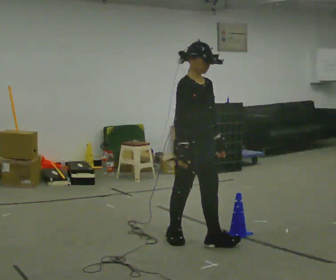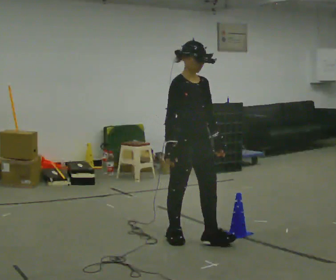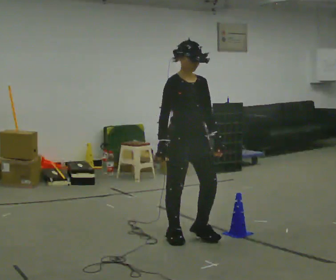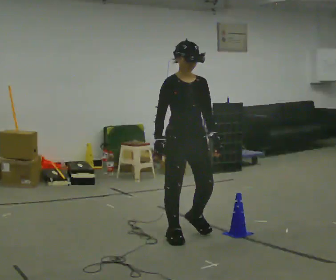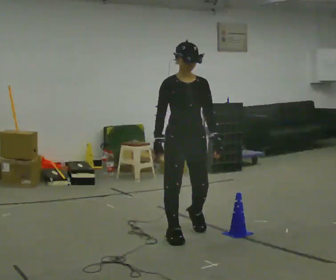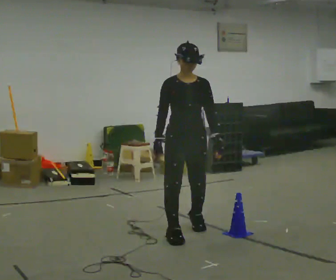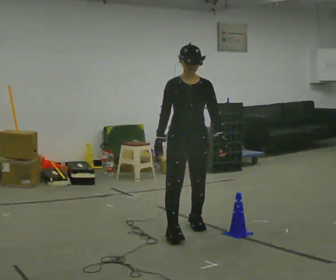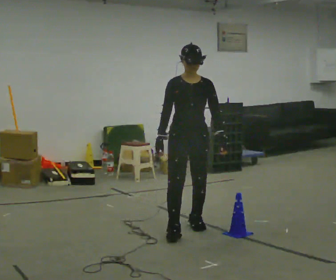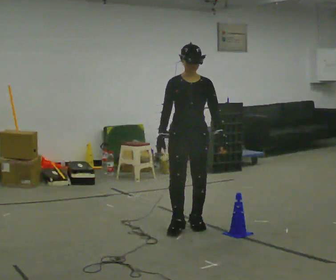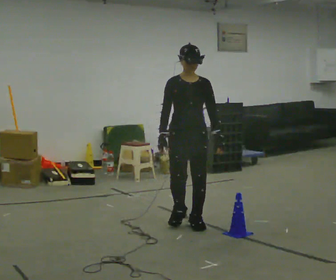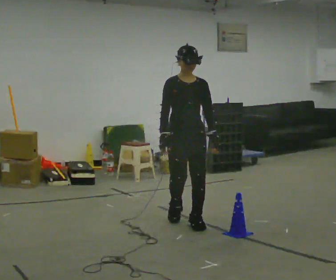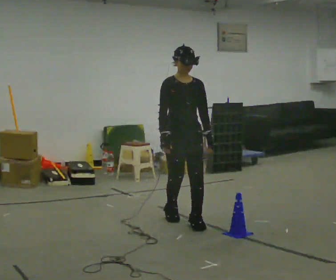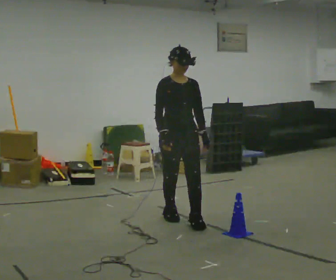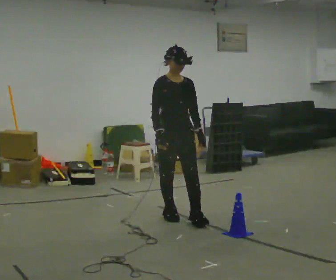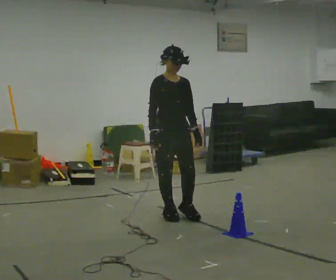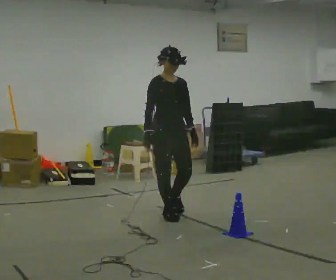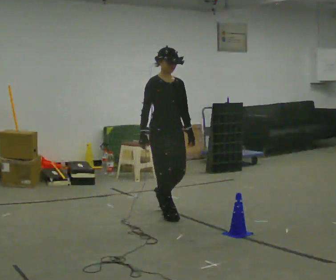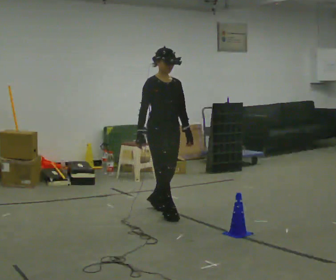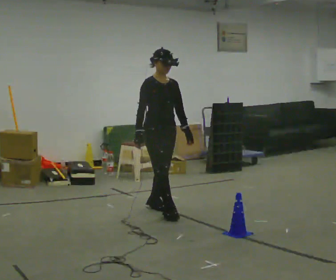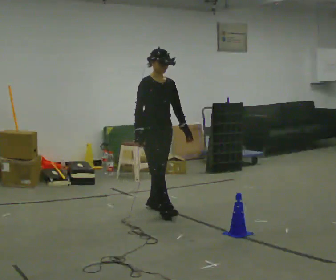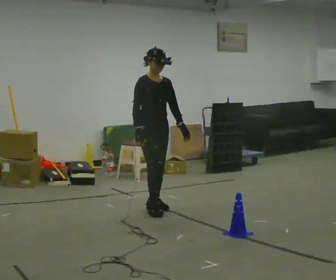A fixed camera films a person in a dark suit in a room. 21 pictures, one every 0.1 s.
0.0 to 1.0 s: The part of the body nearest the lens slides to the left as the person turns to their right by about 45 degrees. In the picture they go away from the camera, about 0.5 m in 2 steps, which for them is backward.
1.0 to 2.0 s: Seen from above the body turns counterclockwise, about 30 degrees: to their left, with its near side sliding to the right. In the picture they go away from the camera and to the left, about 0.75 m in 2 steps, which for them is backward.
The film runs backward here.
